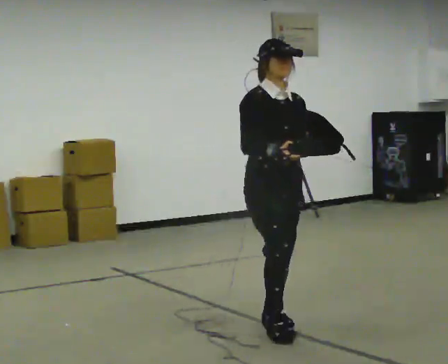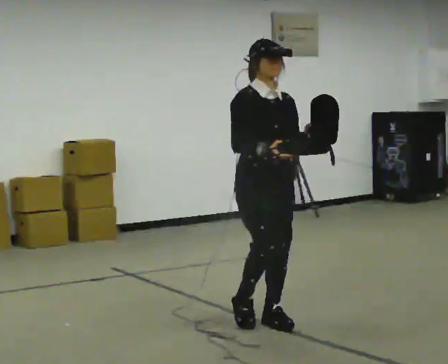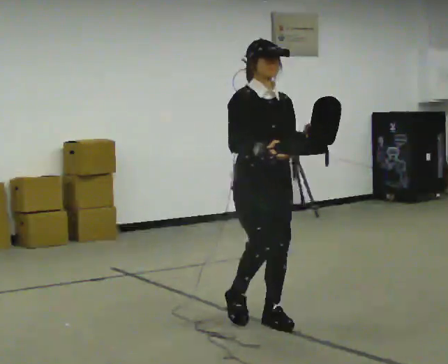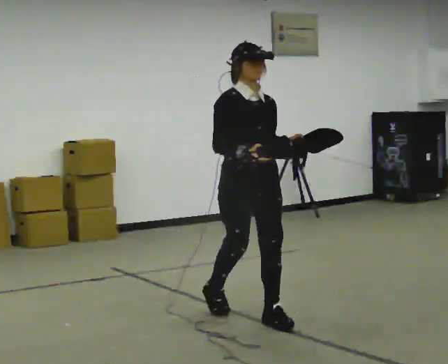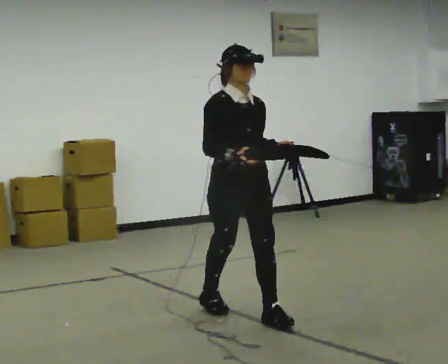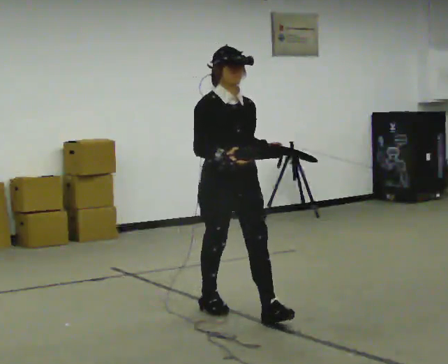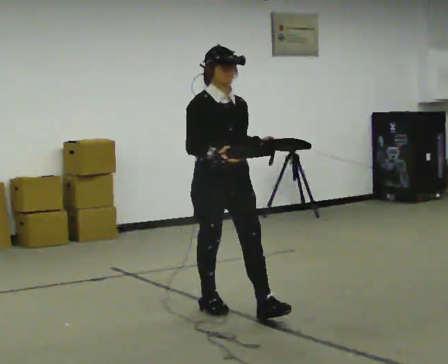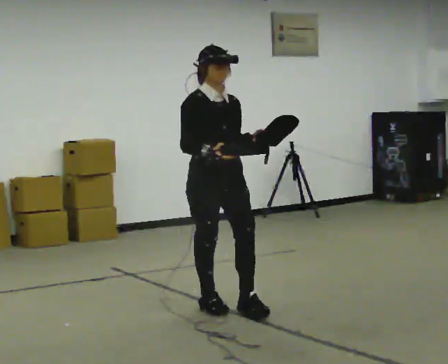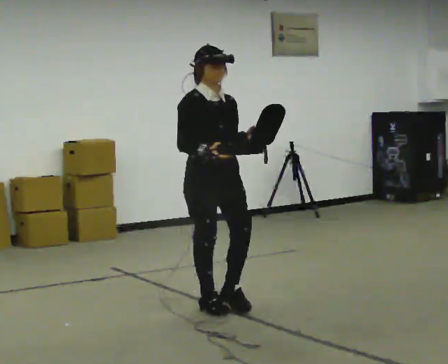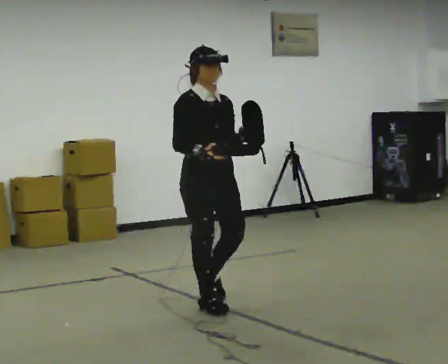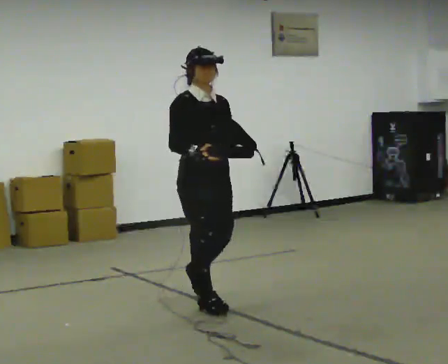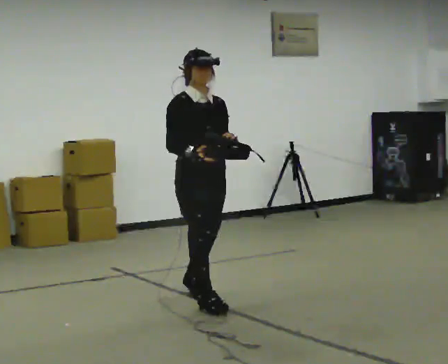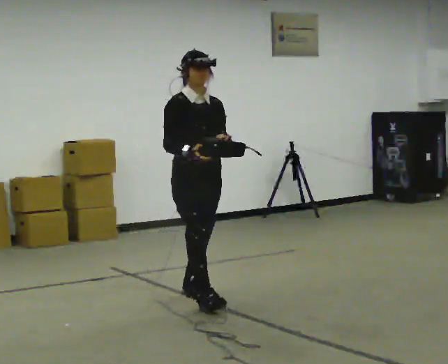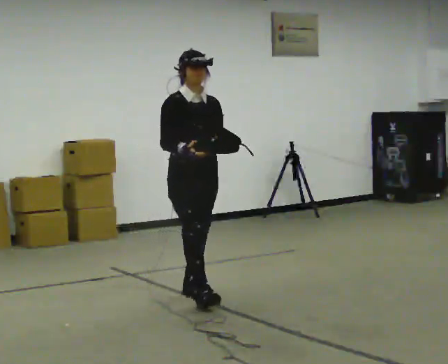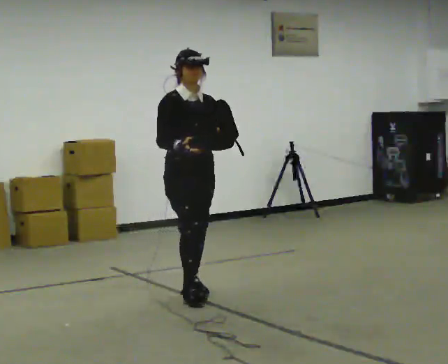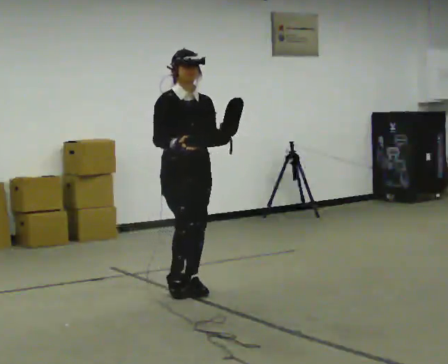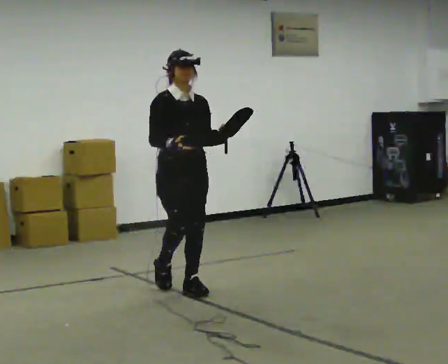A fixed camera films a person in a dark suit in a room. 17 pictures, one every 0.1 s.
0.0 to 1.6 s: In the picture they go away from the camera and to the left, about 1 m in 2 steps, which for them is backward.
The film runs backward here.
